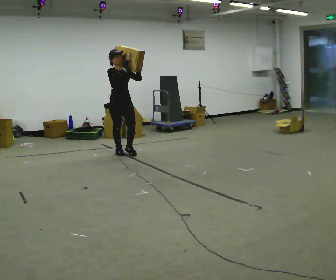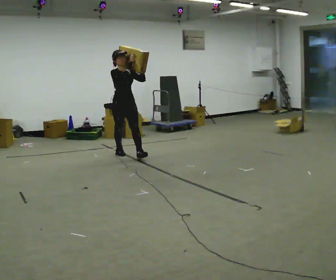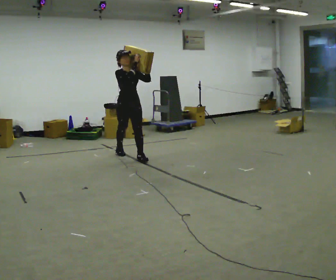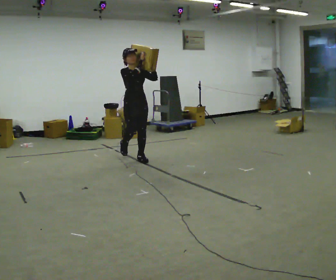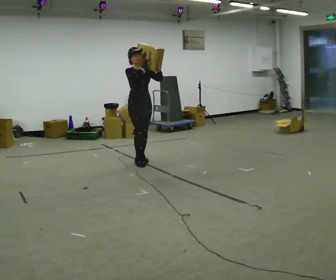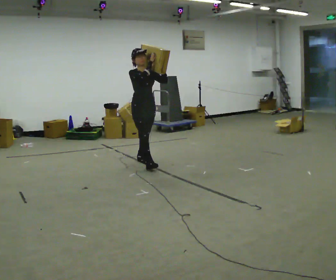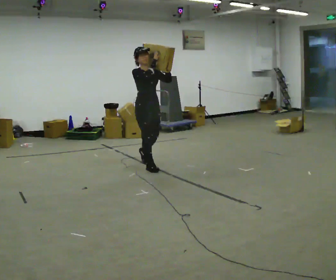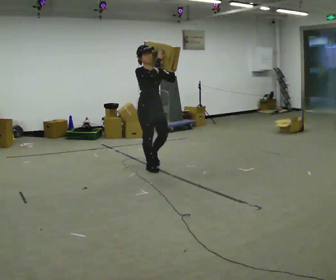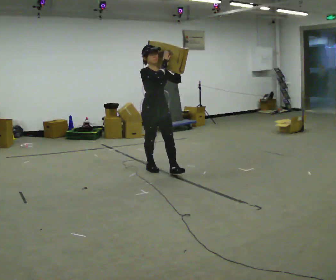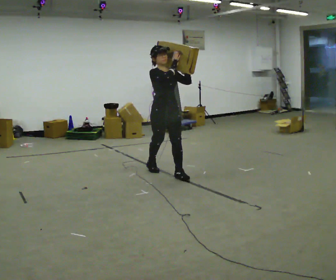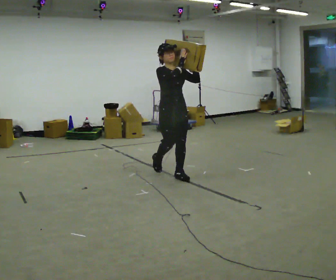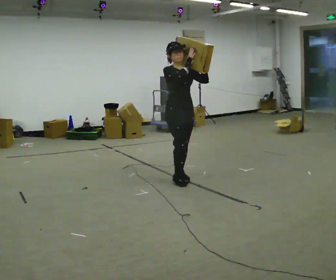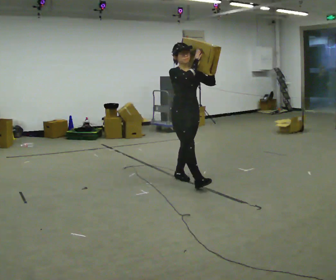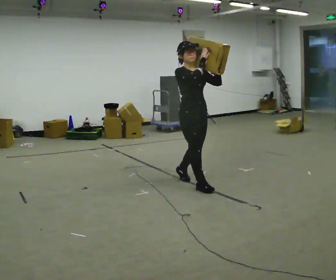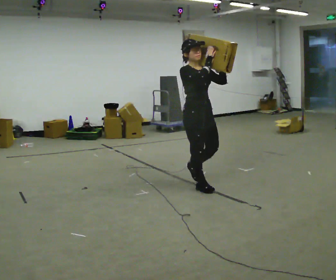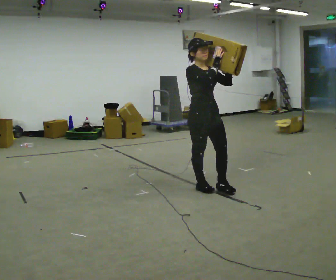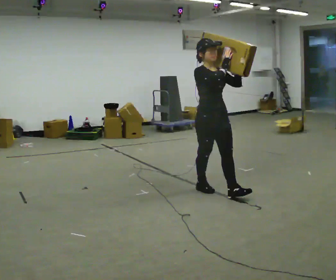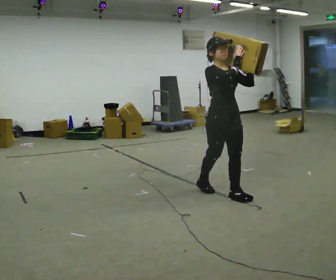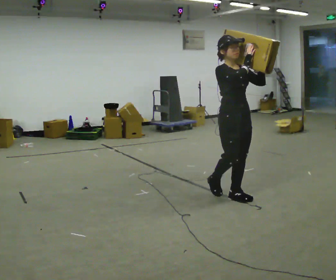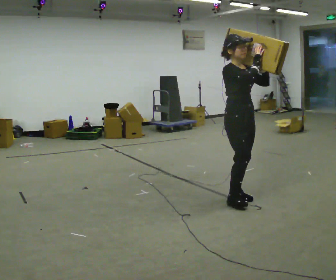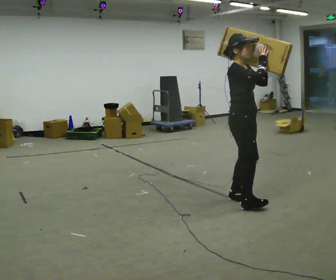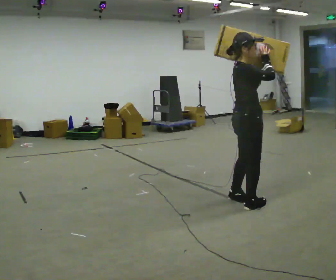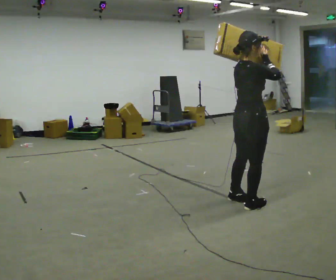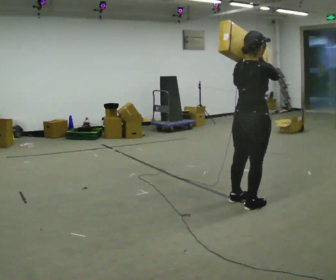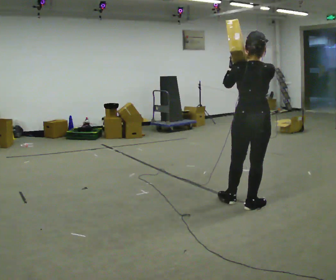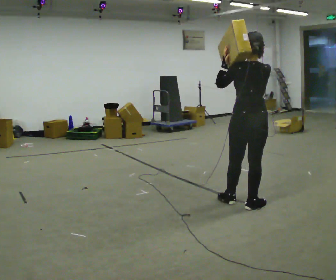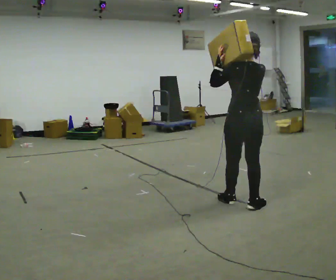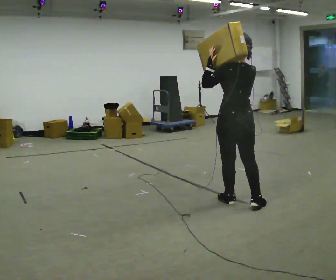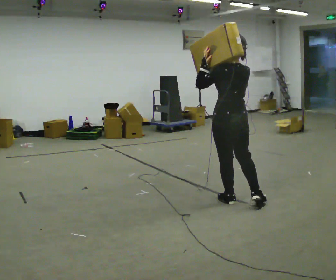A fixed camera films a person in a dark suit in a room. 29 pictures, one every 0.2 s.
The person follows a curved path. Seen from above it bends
clockwise.
0.0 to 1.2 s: In the picture they go toward the camera and to the right, about 1 m in 2 steps, which for them is forward.
1.2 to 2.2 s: In the picture they go toward the camera and to the right, about 0.5 m in 1 step, which for them is forward.
2.2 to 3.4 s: In the picture they go toward the camera and to the right, about 1 m in 2 steps, which for them is forward.
3.4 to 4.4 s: The person turns about 90 degrees to their left, counterclockwise seen from above, so the part of the body nearest the lens slides to the right. In the picture they go toward the camera and to the right, about 0.25 m in 1 step.
4.4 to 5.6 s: Seen from above the body turns counterclockwise, about 75 degrees: to their left, with its near side sliding to the right. In the picture their left hand goes to the left.
The film runs forward here.
